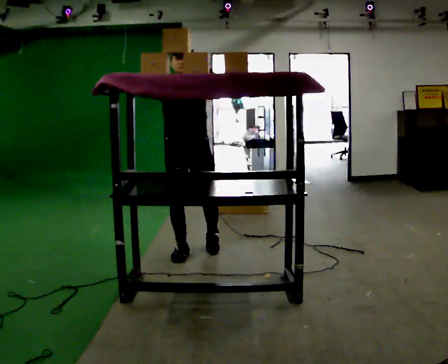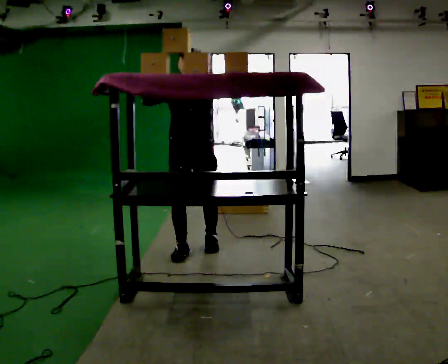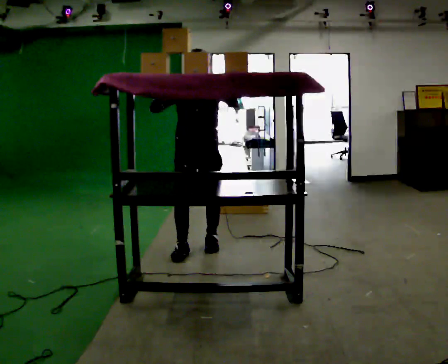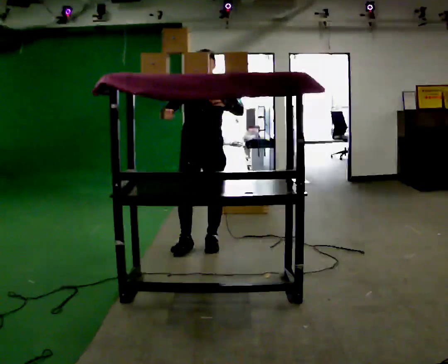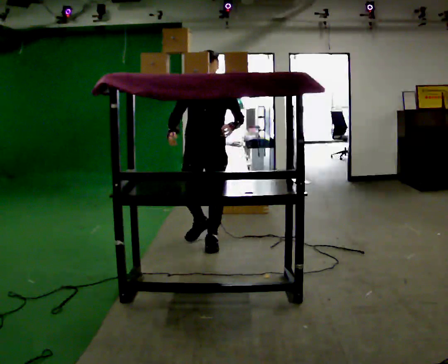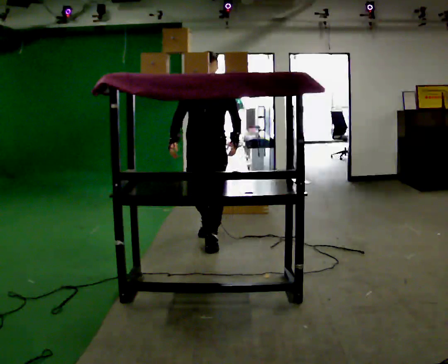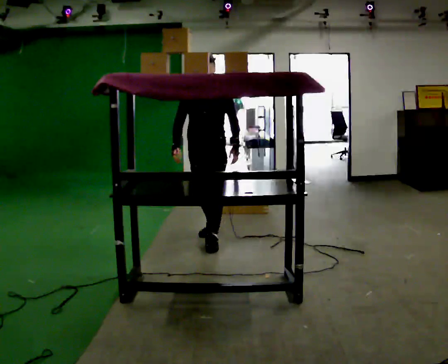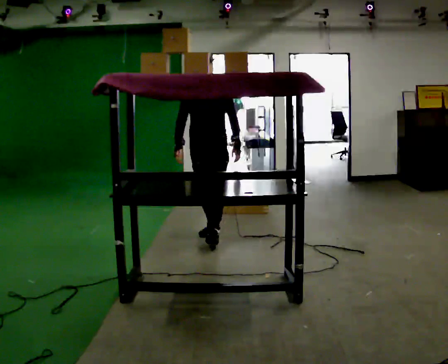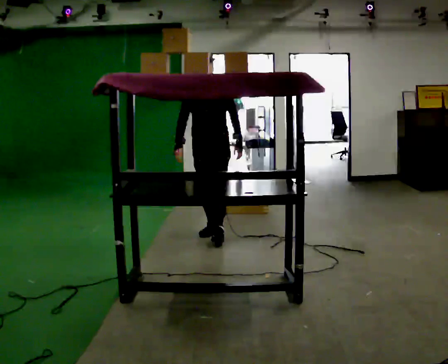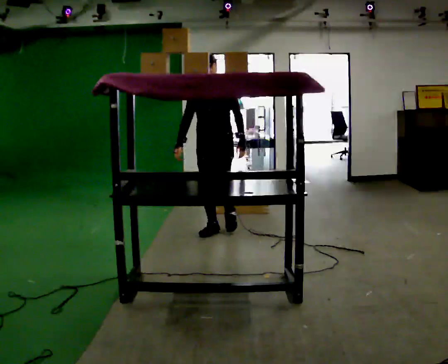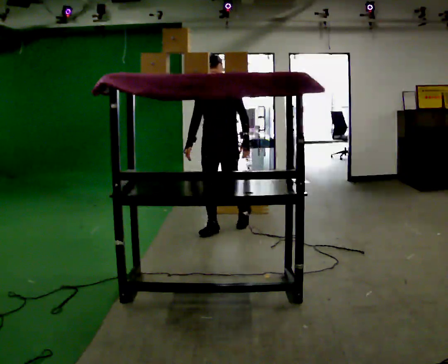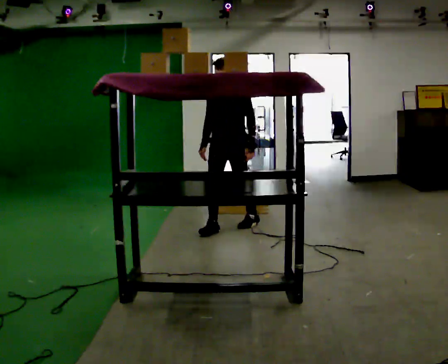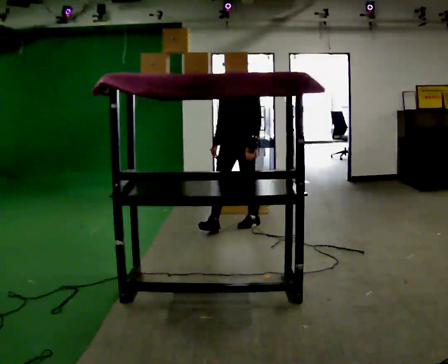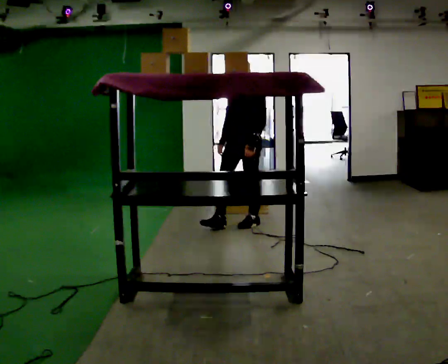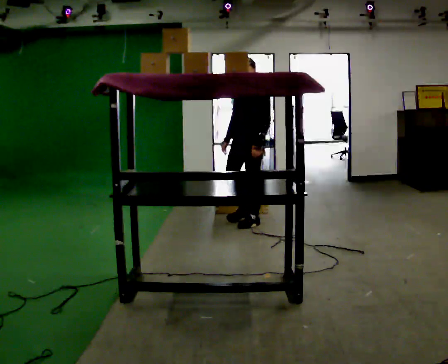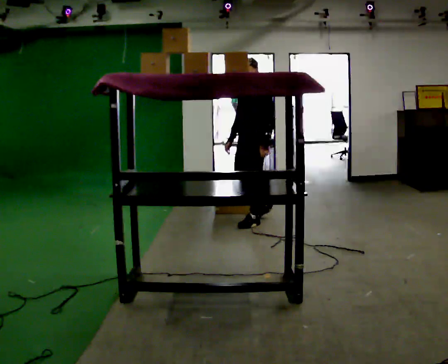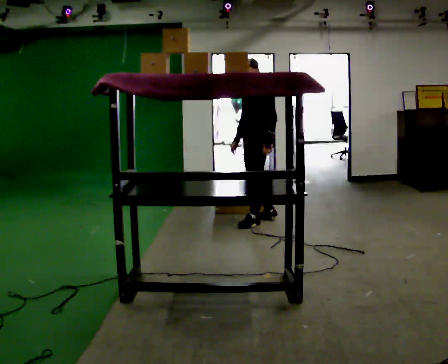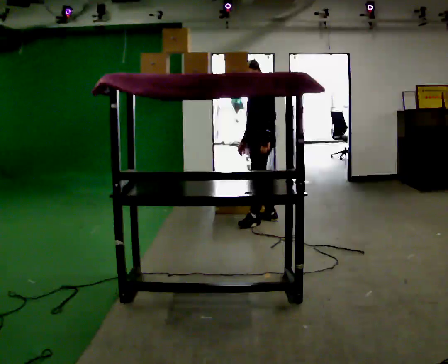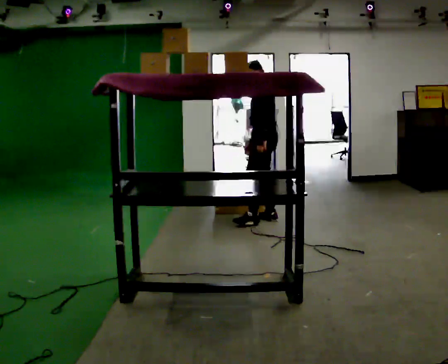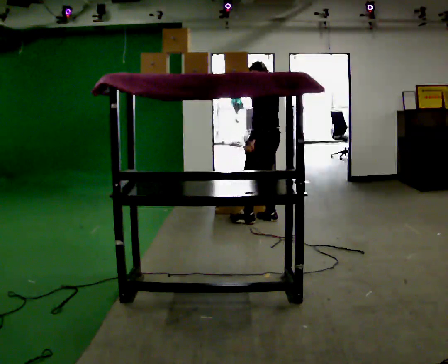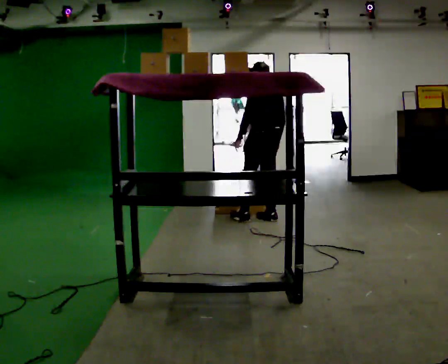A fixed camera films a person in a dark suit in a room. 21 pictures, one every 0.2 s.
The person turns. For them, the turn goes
to their right.
The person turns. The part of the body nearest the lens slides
to the left.
0.0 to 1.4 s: In the picture they go away from the camera, about 0.5 m in 1 step, which for them is backward. In the picture their left hand goes downward.
1.4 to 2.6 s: In the picture they go to the right and away from the camera, about 0.5 m in 2 steps, which for them is backward.
2.6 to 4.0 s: Seen from above the body turns clockwise, about 105 degrees: to their right, with its near side sliding to the left. In the picture they go to the right and away from the camera, about 0.25 m in 1 step.
The film runs backward here.
